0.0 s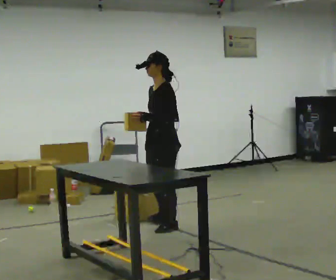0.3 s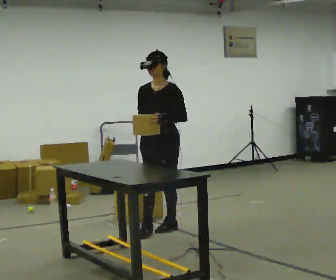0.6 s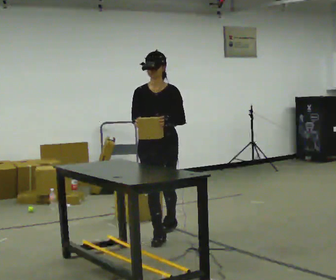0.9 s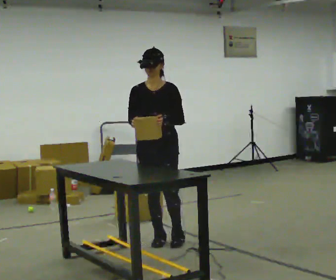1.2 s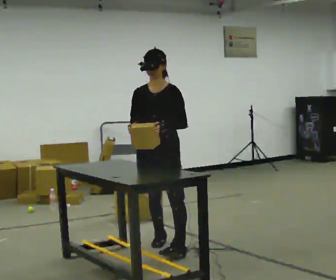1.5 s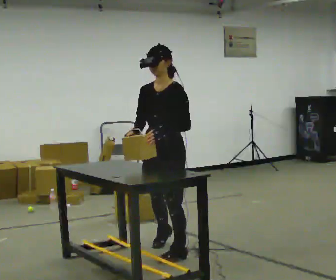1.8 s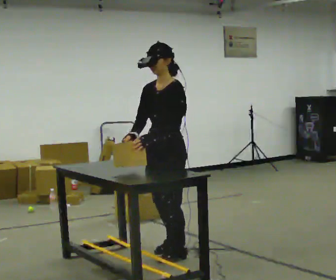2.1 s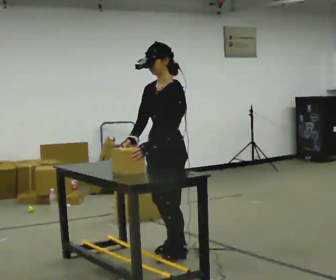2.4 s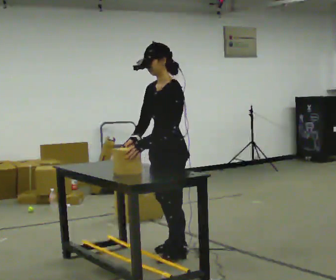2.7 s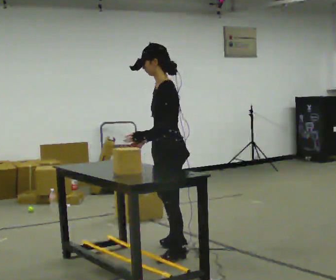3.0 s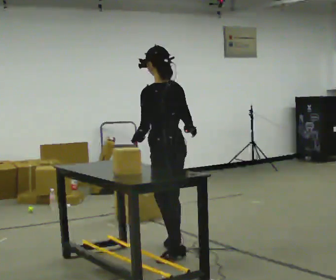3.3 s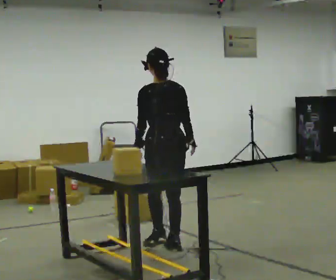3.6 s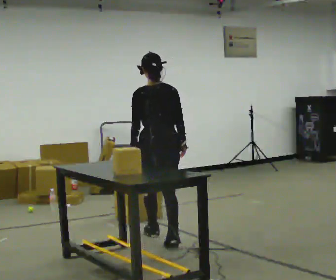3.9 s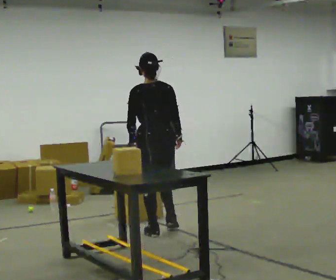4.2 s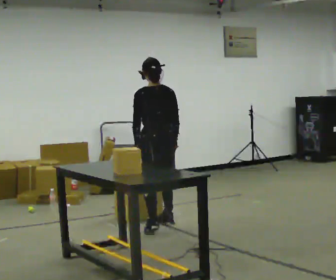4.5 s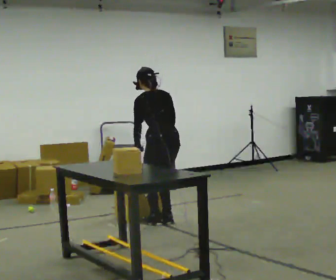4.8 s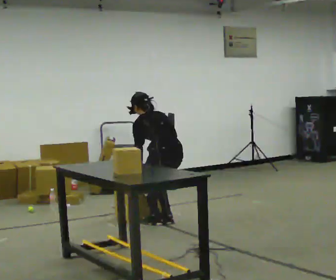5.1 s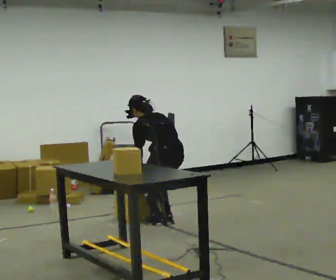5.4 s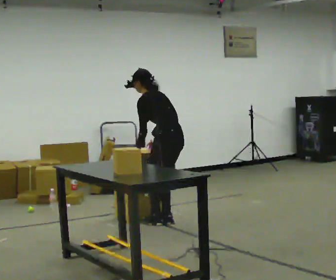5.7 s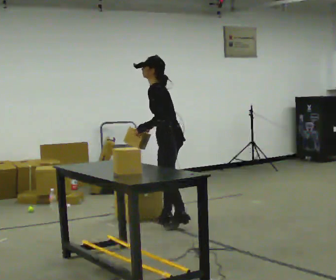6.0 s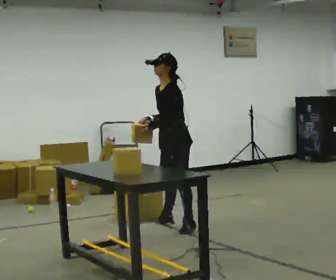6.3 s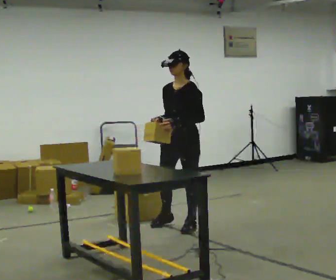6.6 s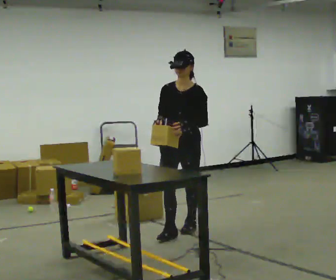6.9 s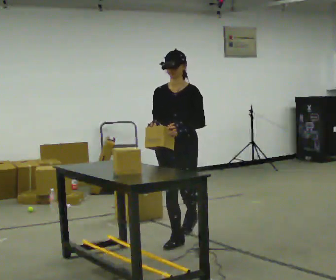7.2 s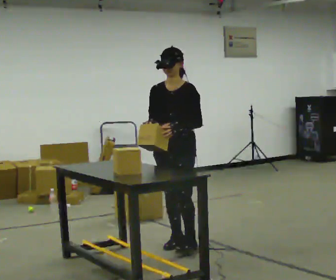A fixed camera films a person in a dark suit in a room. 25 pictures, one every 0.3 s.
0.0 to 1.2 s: Seen from above the body turns counterclockwise, about 45 degrees: to their left, with its near side sliding to the right. In the picture they go toward the camera, about 0.75 m in 1 step, which for them is forward.
1.2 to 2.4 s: The part of the body nearest the lens slides to the left as the person turns to their right by about 45 degrees. In the picture they go toward the camera, about 0.25 m in 2 steps, which for them is to their left.
2.4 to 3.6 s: The person turns about 105 degrees to their right, clockwise seen from above, so the part of the body nearest the lens slides to the left. In the picture they go away from the camera, about 0.5 m in 1 step.
3.6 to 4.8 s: In the picture they go away from the camera, about 0.5 m in 2 steps, which for them is forward and to their right. The upper body goes downward. The upper body tips away from the camera, its near side rolling upward, as they bend forward. In the picture their right hand goes downward.
4.8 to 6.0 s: Seen from above the body turns counterclockwise, about 90 degrees: to their left, with its near side sliding to the right. The shoulders move upward. The upper body tips toward the camera, its near side rolling downward, as they lean back or straighten. In the picture their left hand goes upward.
6.0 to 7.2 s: The person turns about 45 degrees to their left, counterclockwise seen from above, so the part of the body nearest the lens slides to the right. In the picture they go toward the camera, about 0.5 m in 1 step, which for them is forward.
The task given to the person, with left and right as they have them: Take objects out of the bin one at a time and lay them out on the table, stepping between the bin and the table each time. Keep going until the operator says stop; one object at a time, and do not rush between trips.
The film runs forward here.
